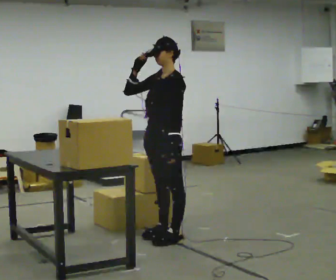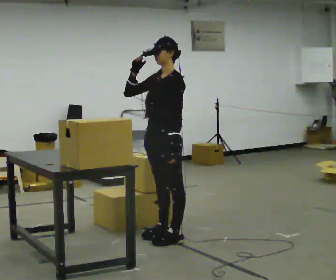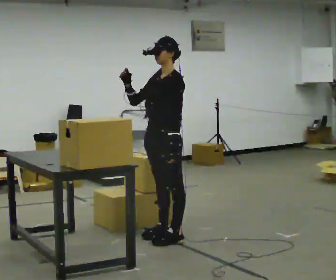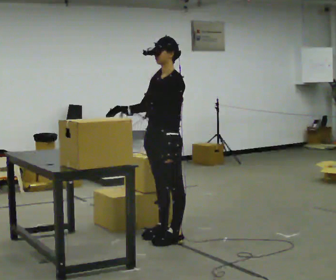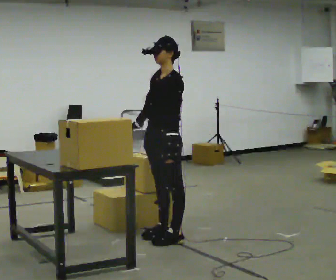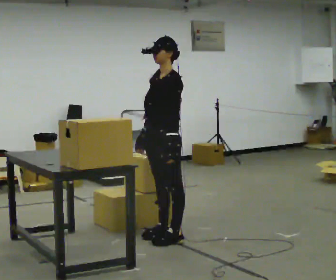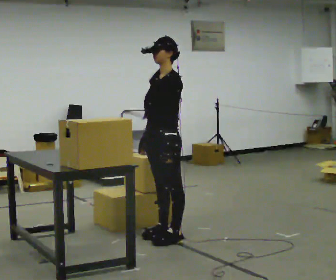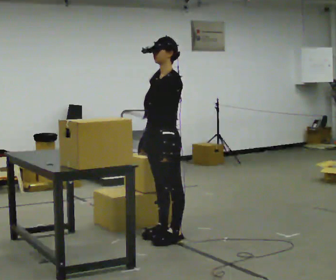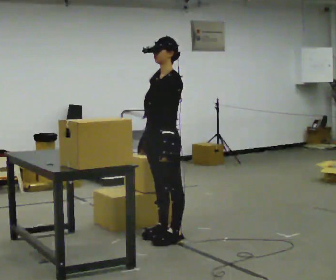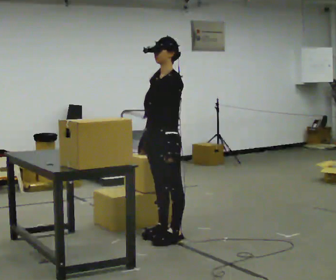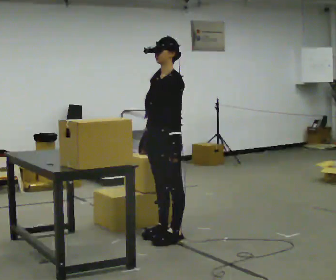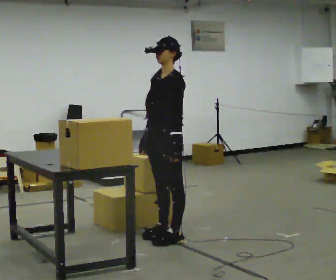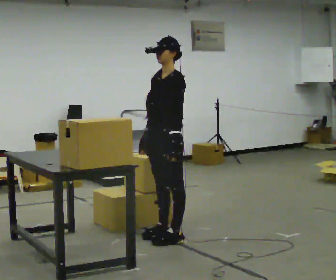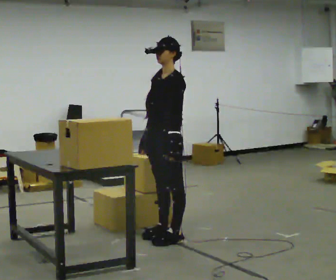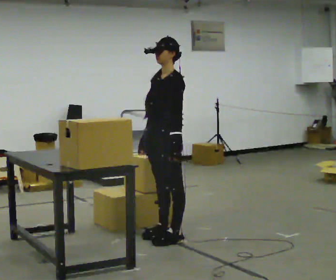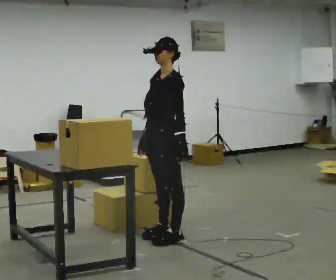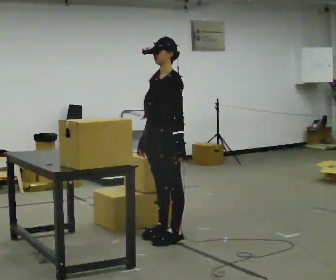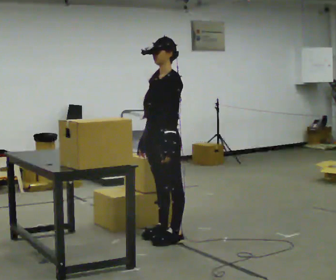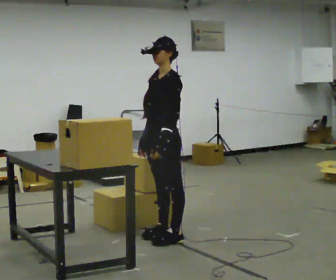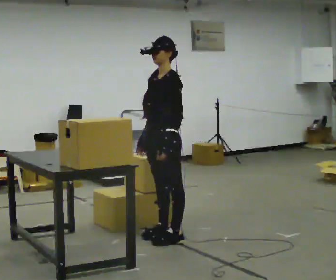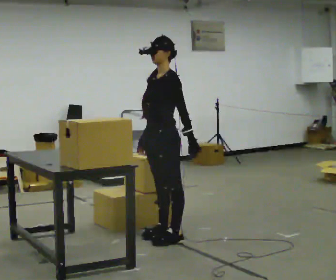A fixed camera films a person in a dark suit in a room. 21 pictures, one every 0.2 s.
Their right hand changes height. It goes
downward.
0.0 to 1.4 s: In the picture their right hand goes downward.
1.4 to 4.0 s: The person moves a little, or ends about where they began.
The film runs backward here.
